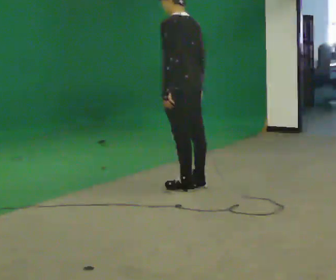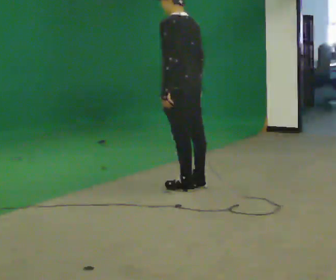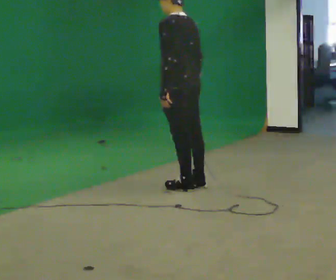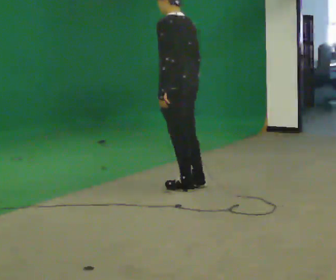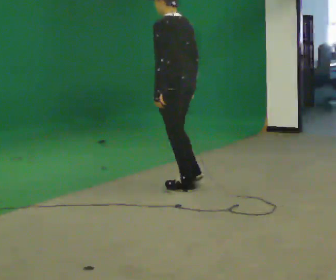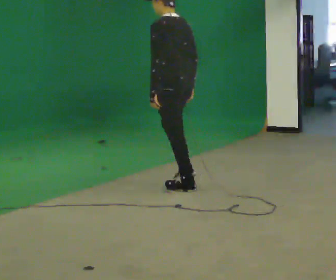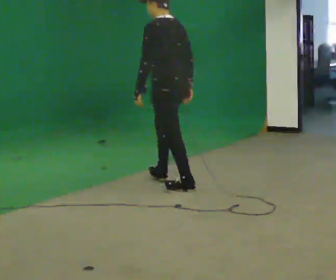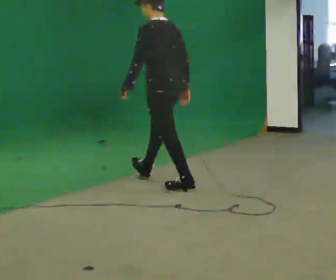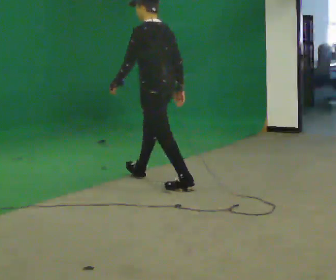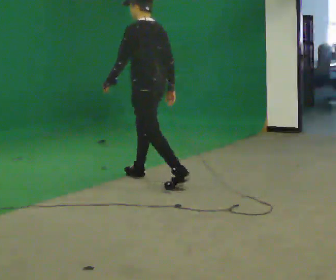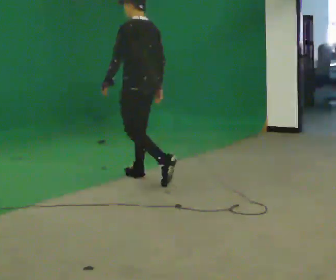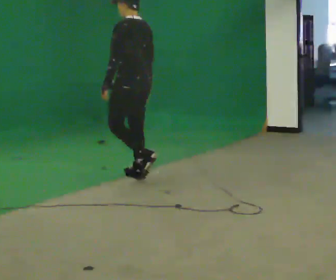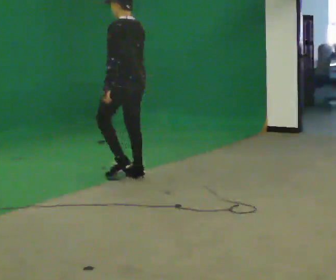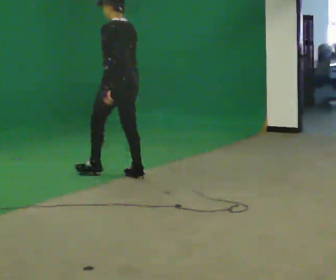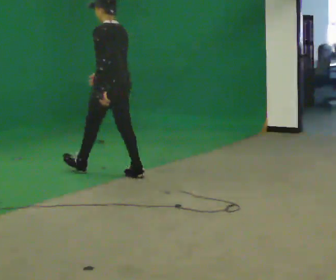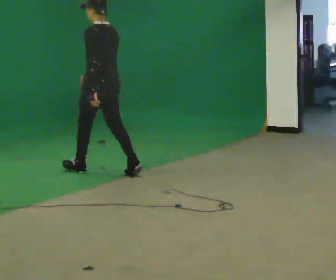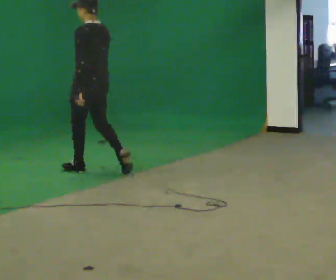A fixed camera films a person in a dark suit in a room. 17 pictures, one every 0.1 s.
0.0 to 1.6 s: In the picture they go to the left and away from the camera, about 1 m in 2 steps, which for them is forward.
The film runs forward here.
